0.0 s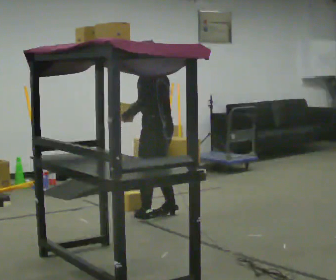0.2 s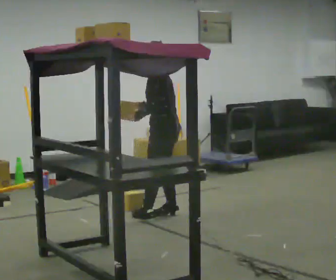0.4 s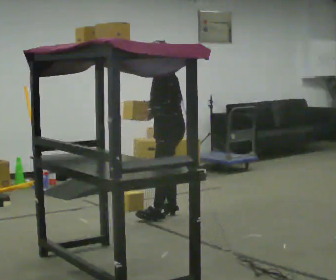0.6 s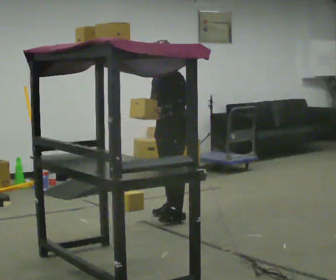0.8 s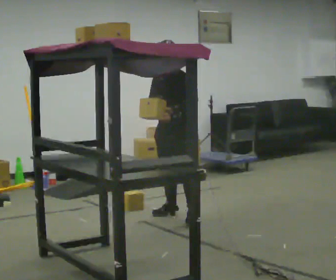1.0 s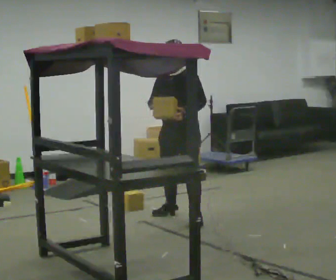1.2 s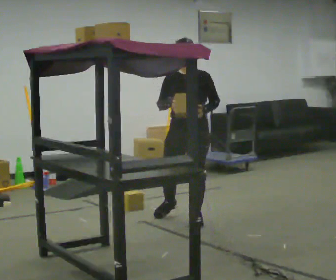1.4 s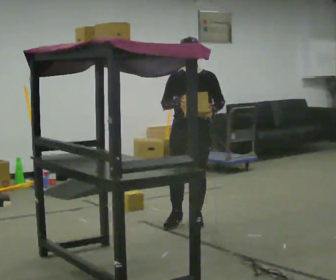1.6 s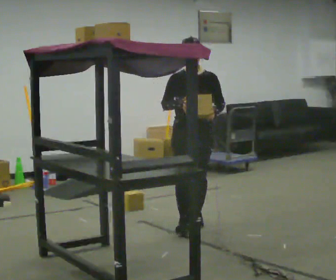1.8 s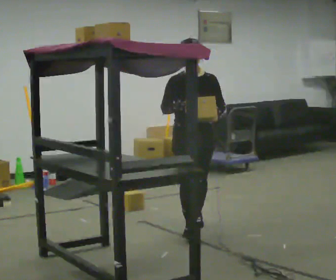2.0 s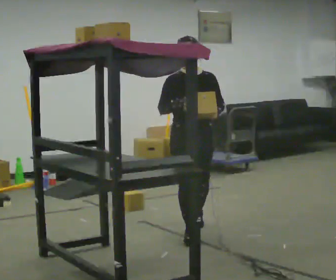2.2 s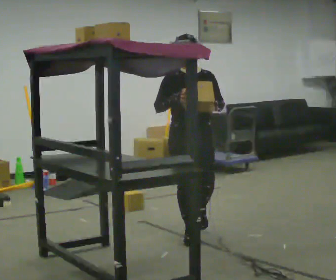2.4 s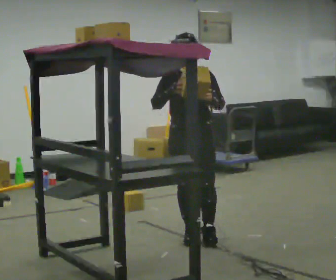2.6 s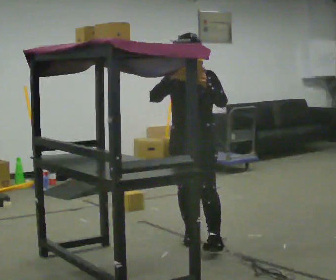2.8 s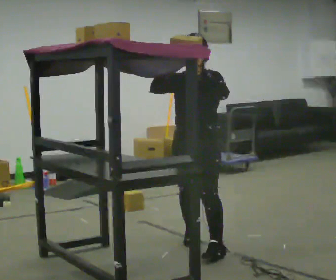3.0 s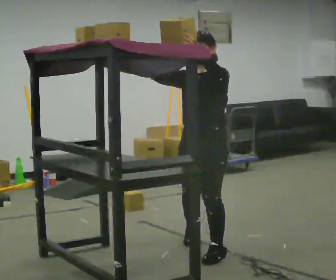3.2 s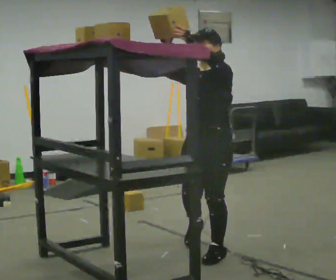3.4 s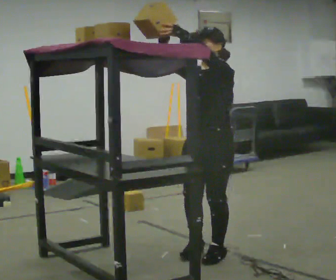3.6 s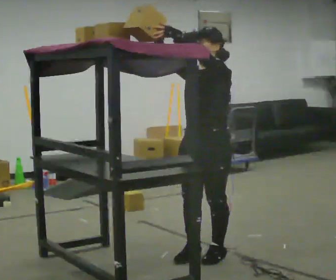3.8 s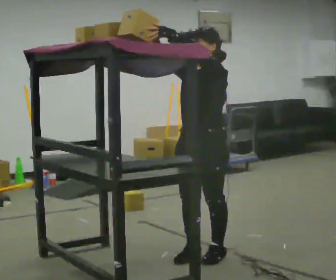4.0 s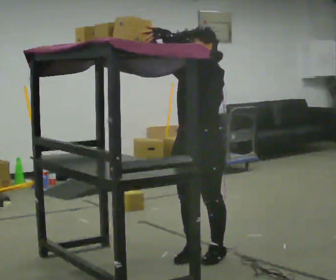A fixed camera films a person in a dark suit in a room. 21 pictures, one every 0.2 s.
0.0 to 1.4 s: Seen from above the body turns counterclockwise, about 105 degrees: to their left, with its near side sliding to the right. In the picture they go to the right and toward the camera, about 0.5 m in 1 step.
1.4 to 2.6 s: In the picture they go toward the camera, about 0.5 m in 1 step, which for them is forward.
2.6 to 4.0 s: Seen from above the body turns clockwise, about 30 degrees: to their right, with its near side sliding to the left. In the picture they go toward the camera, about 0.5 m in 2 steps, which for them is to their left and forward. In the picture their left hand goes upward.
The film runs forward here.
